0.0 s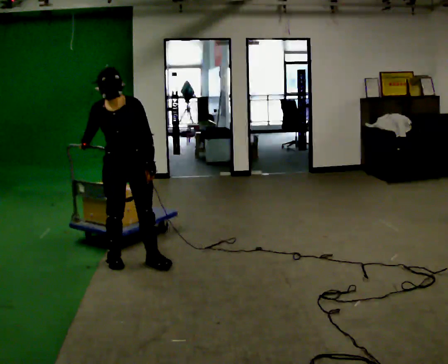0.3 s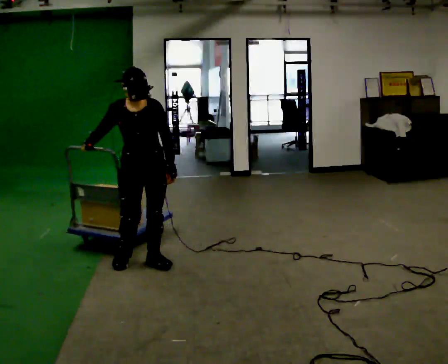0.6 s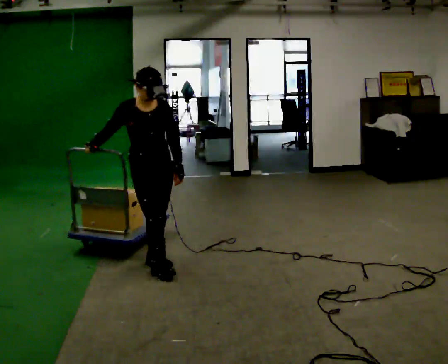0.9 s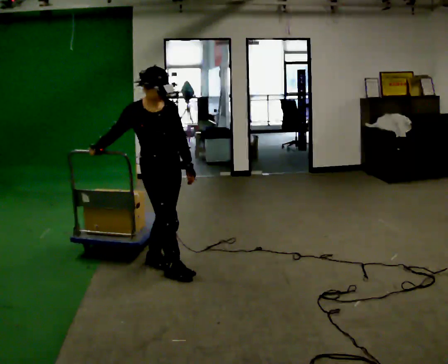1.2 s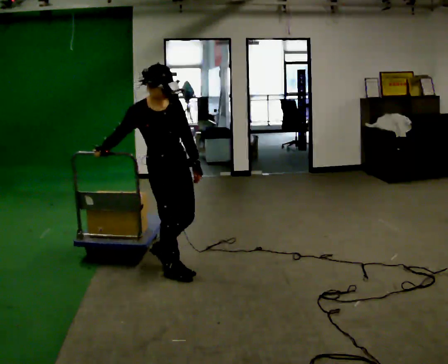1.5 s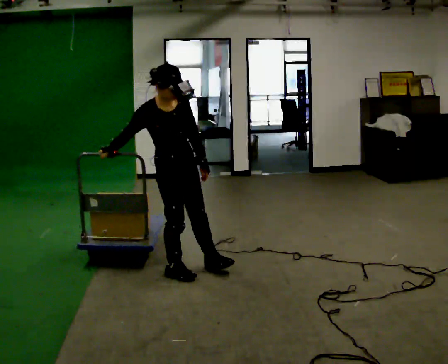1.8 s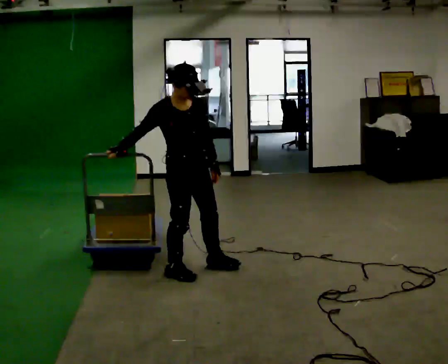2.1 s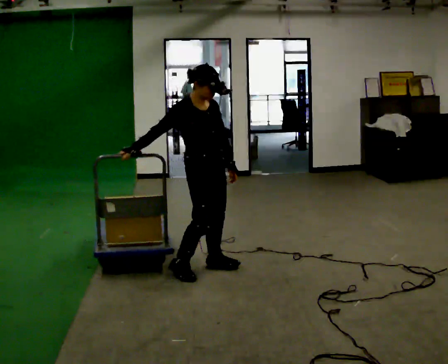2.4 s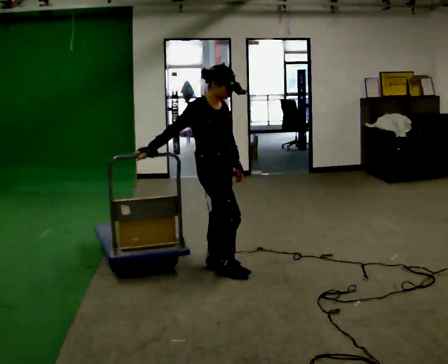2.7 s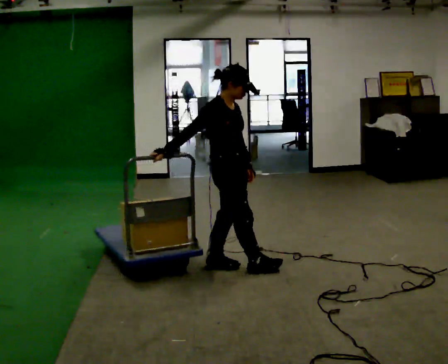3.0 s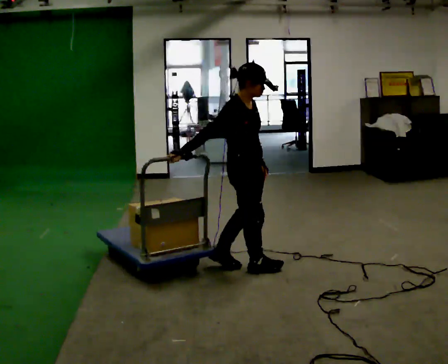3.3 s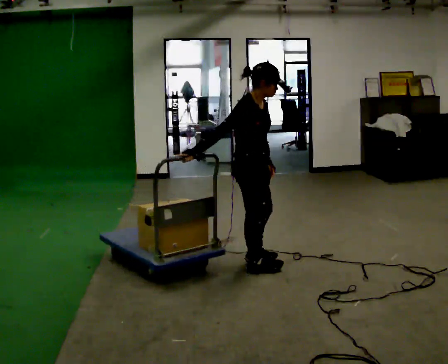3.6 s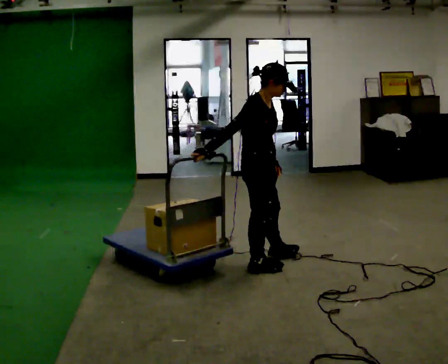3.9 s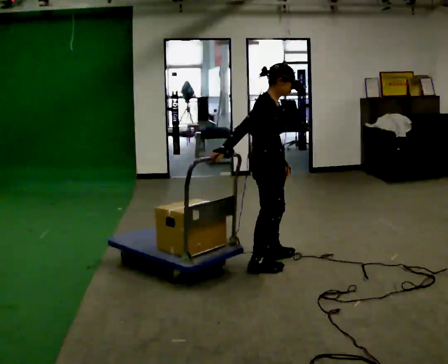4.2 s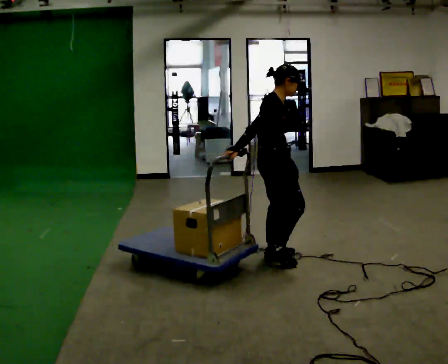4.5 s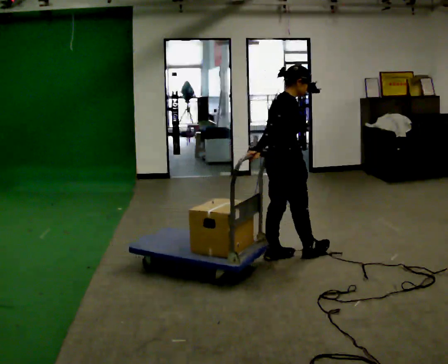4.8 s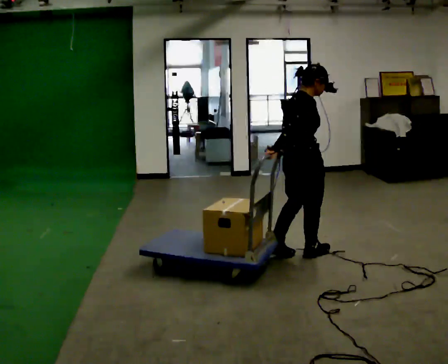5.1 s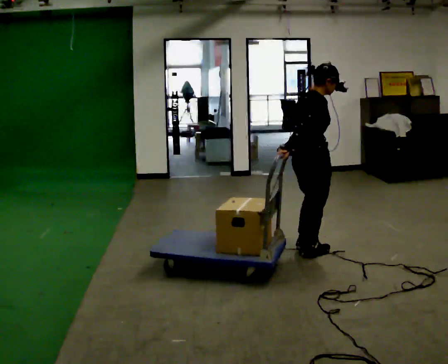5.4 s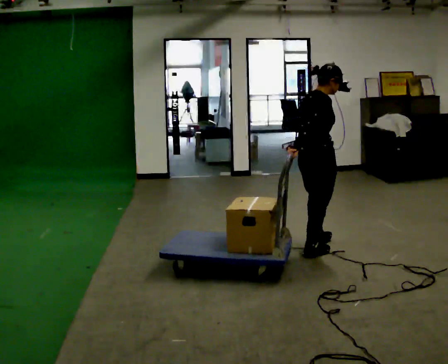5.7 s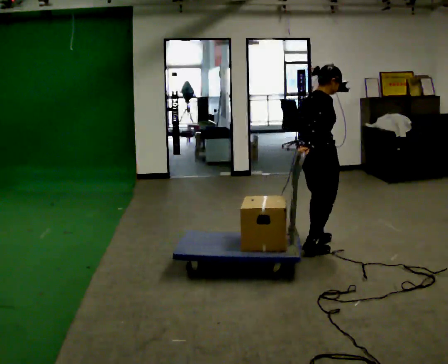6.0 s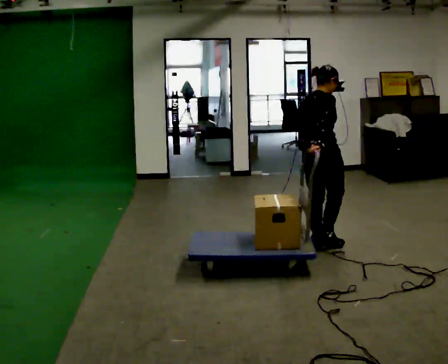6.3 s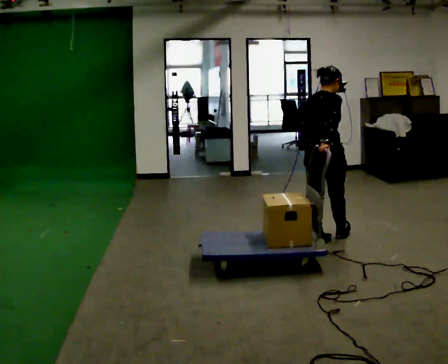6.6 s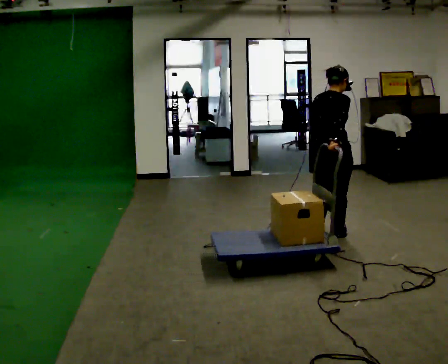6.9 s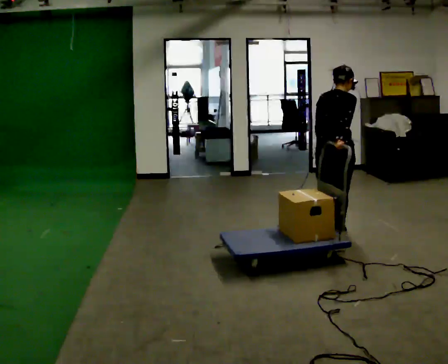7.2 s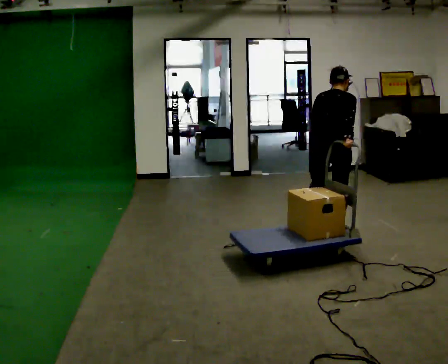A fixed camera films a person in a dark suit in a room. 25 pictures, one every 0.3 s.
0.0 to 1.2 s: The person turns about 45 degrees to their left, counterclockwise seen from above, so the part of the body nearest the lens slides to the right. In the picture they go to the right and toward the camera, about 0.25 m in 1 step, which for them is forward and to their left.
1.2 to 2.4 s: In the picture they go to the right, about 0.25 m in 1 step, which for them is to their left and forward.
2.4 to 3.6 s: In the picture they go to the right, about 0.25 m in 2 steps, which for them is forward.
3.6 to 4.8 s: The person turns about 30 degrees to their left, counterclockwise seen from above, so the part of the body nearest the lens slides to the right. In the picture they go to the right and away from the camera, about 0.5 m in 1 step, which for them is forward and to their left.
4.8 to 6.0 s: In the picture they go away from the camera and to the right, about 0.25 m in 1 step, which for them is forward and to their left.
6.0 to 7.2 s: The person turns about 30 degrees to their left, counterclockwise seen from above, so the part of the body nearest the lens slides to the right. In the picture they go away from the camera and to the right, about 0.25 m in 1 step, which for them is forward.
The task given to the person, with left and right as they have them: Pull the cart behind you as you walk backward across the room. The operator will confirm the space behind you is clear before each take.
The film runs forward here.
